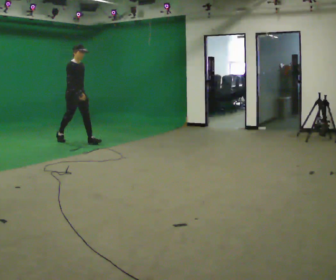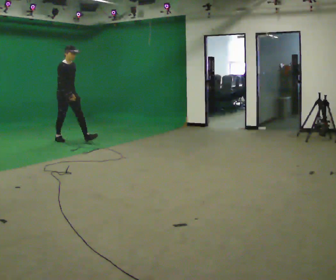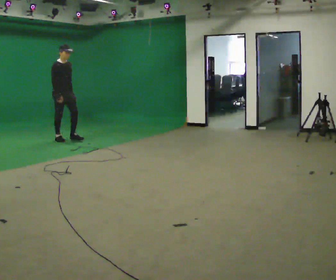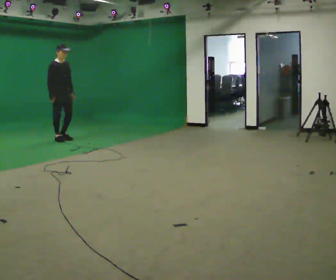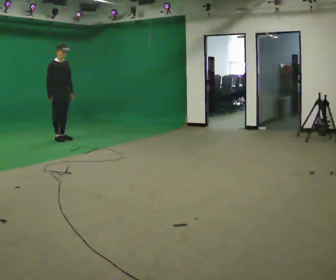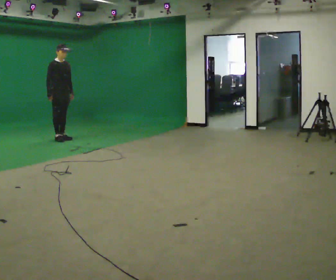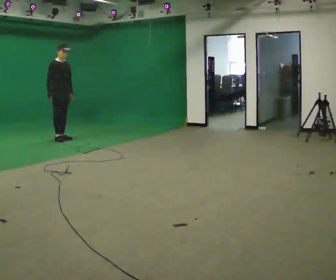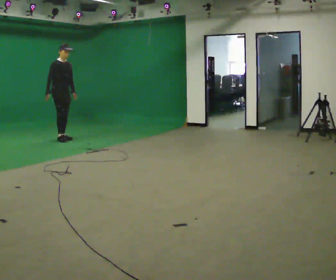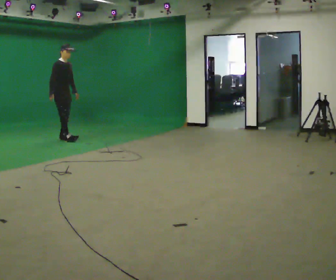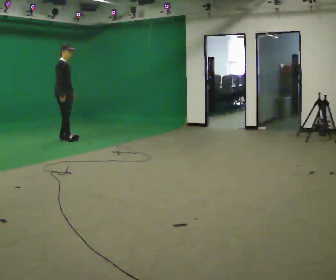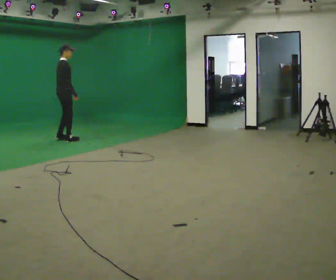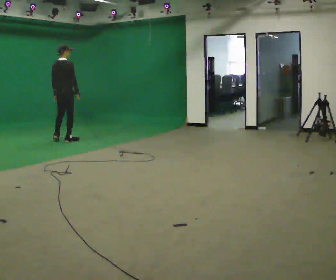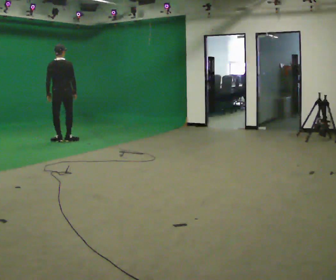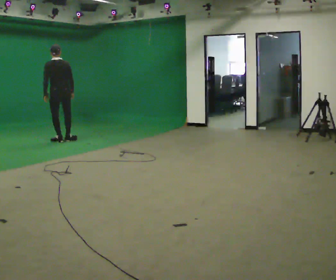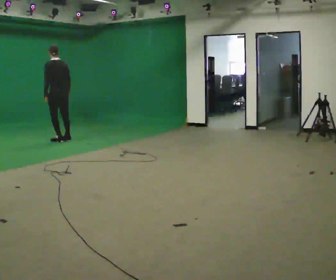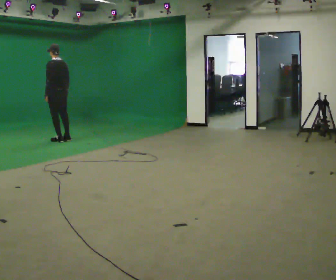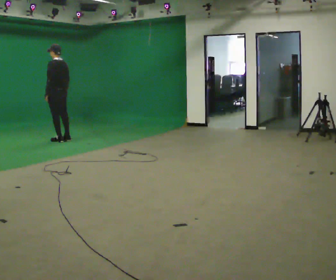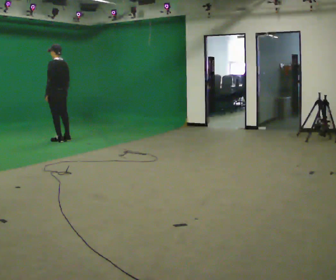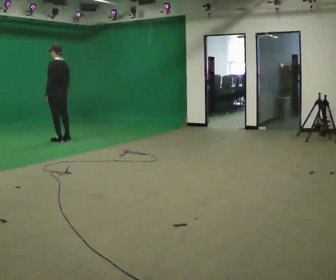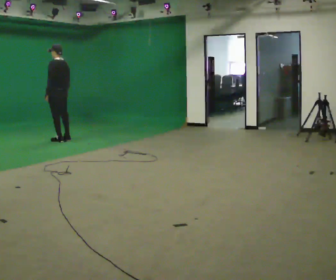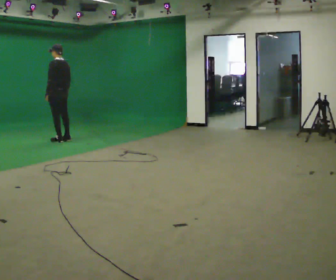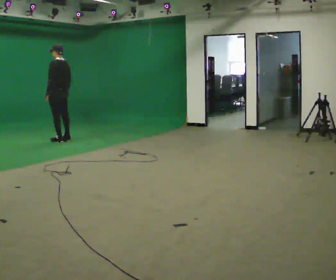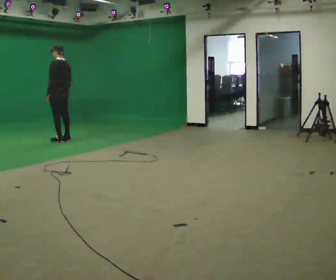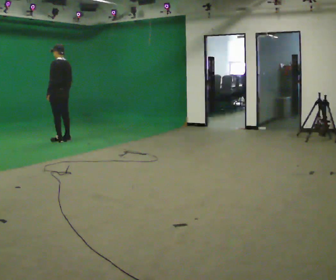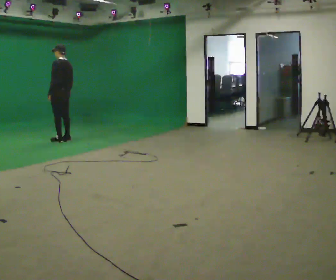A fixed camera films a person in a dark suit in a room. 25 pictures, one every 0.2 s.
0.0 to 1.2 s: In the picture they go away from the camera and to the left, about 0.5 m in 1 step, which for them is backward.
1.2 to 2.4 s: The person turns about 120 degrees to their left, counterclockwise seen from above, so the part of the body nearest the lens slides to the right. In the picture their right hand goes to the right.
2.4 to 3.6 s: The part of the body nearest the lens slides to the right as the person turns to their left by about 60 degrees.
3.6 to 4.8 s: The person moves a little, or ends about where they began.
The film runs backward here.
